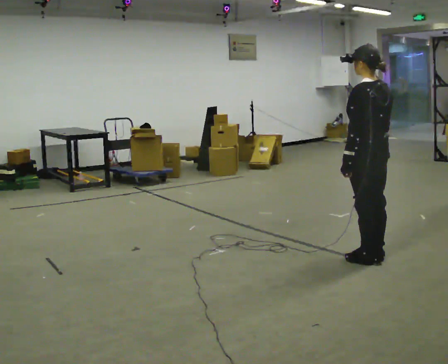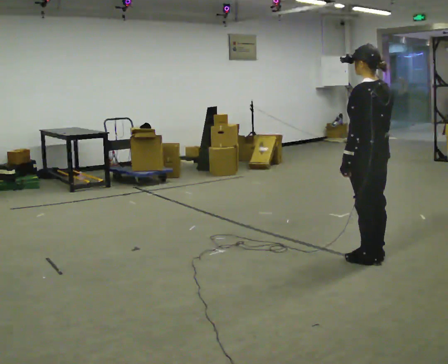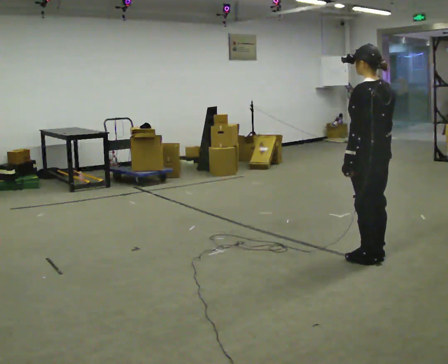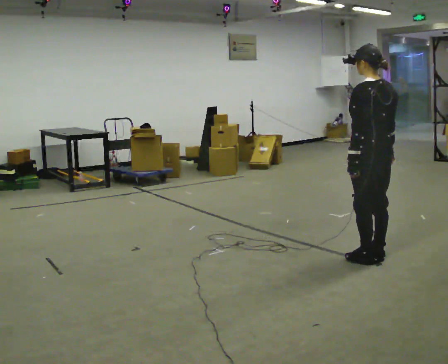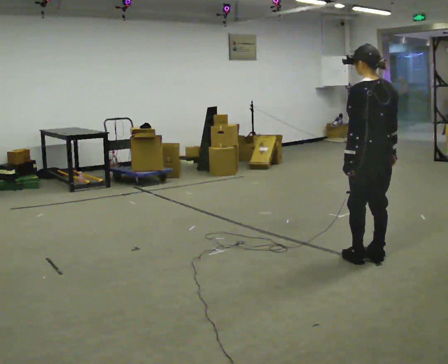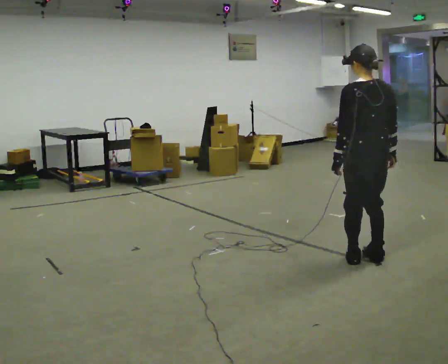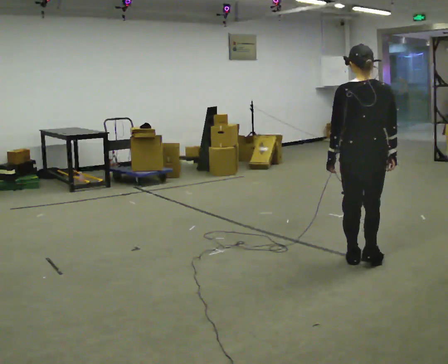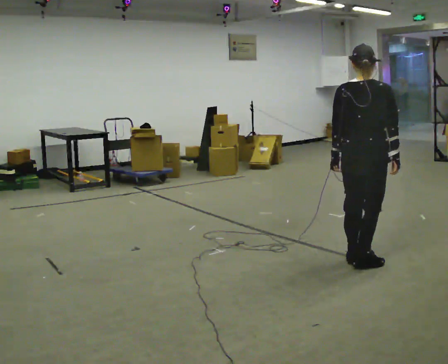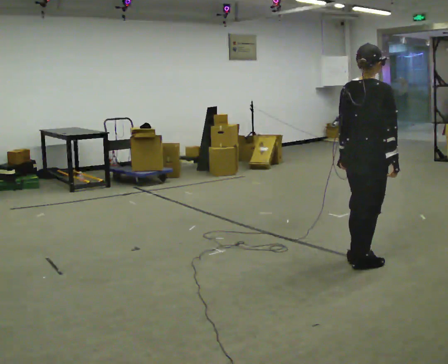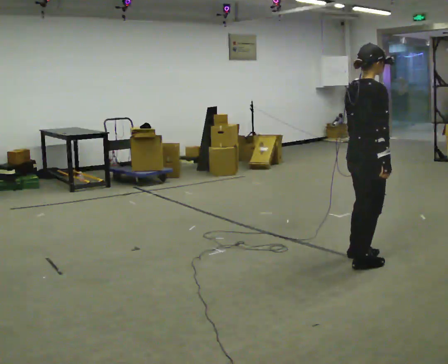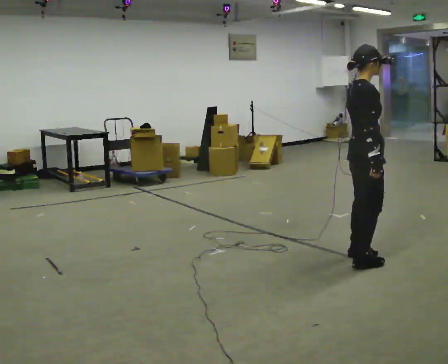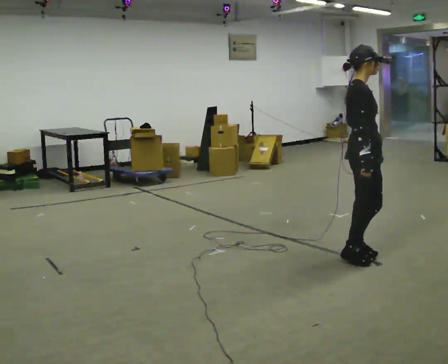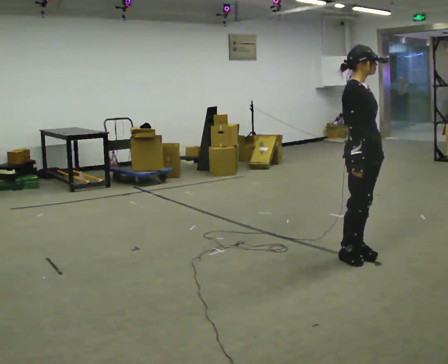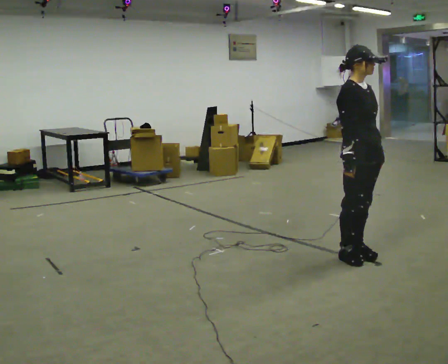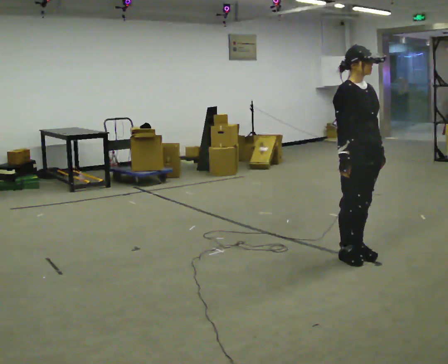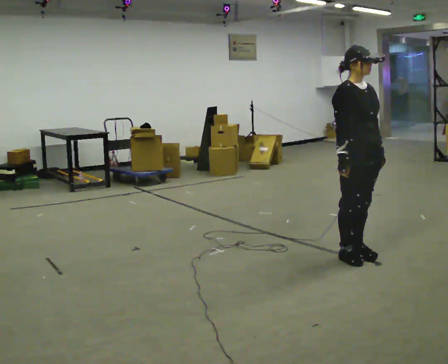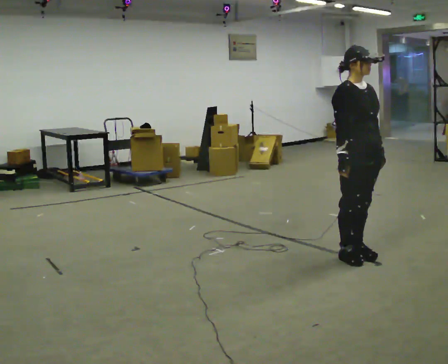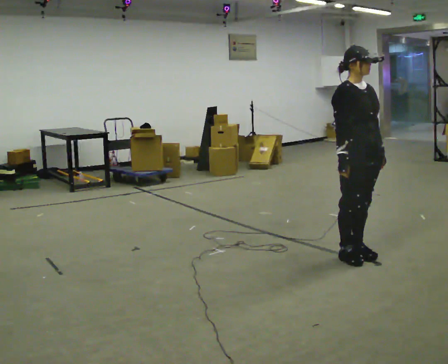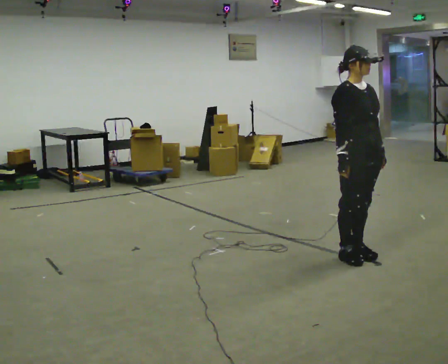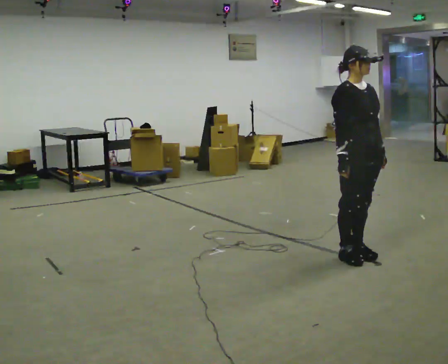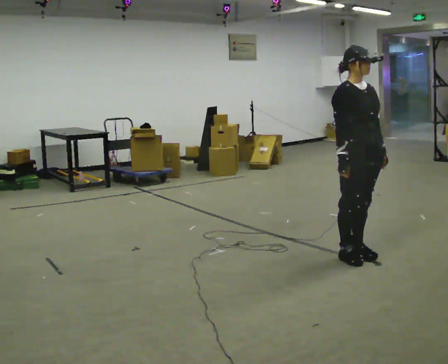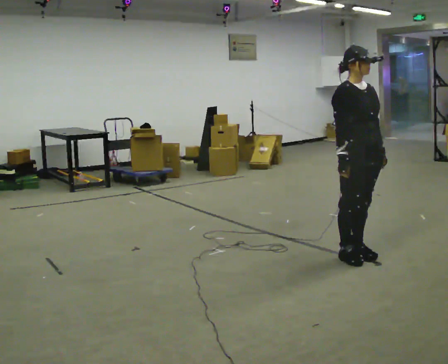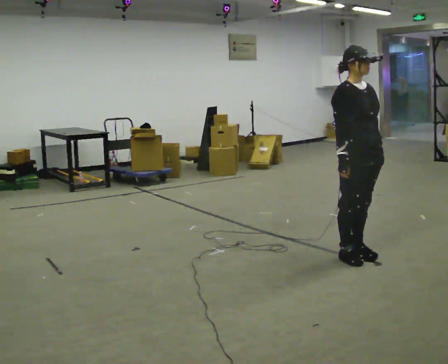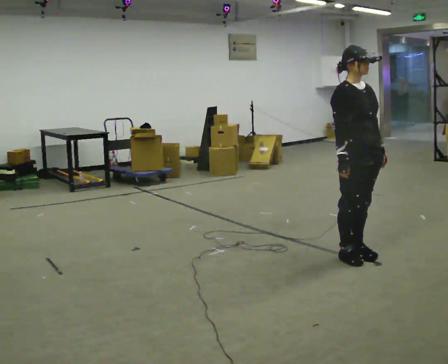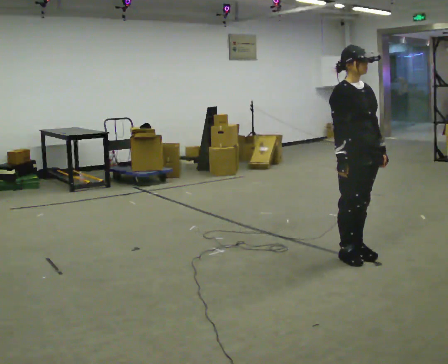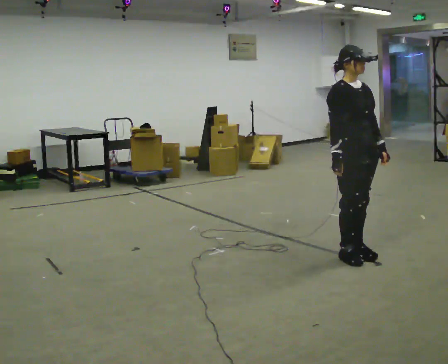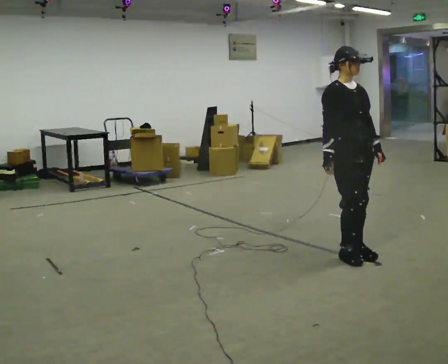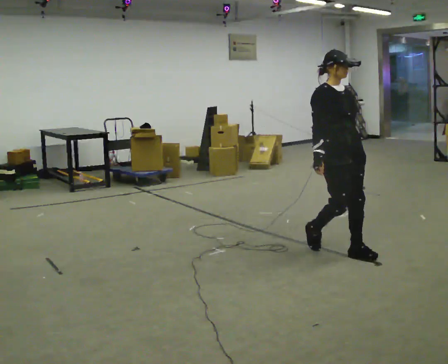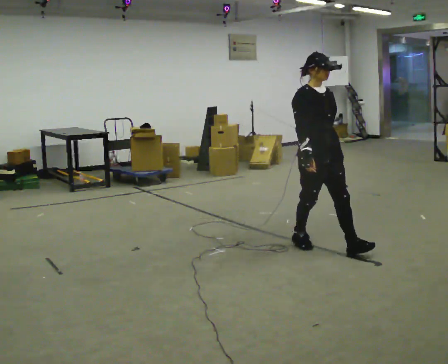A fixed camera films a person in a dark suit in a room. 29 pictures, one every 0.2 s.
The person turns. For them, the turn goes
to their right.
The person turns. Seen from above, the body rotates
clockwise.
0.0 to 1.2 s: The person turns about 45 degrees to their right, clockwise seen from above, so the part of the body nearest the lens slides to the left.
1.2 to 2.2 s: The part of the body nearest the lens slides to the left as the person turns to their right by about 105 degrees.
2.2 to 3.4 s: The person turns about 30 degrees to their right, clockwise seen from above, so the part of the body nearest the lens slides to the left.
3.4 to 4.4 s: The person keeps their place and pose.
4.4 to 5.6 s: In the picture they go to the left and away from the camera, about 0.25 m in 2 steps, which for them is backward.
The film runs backward here.
